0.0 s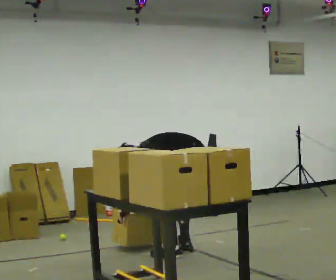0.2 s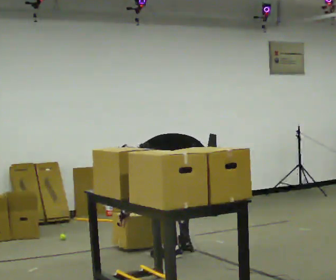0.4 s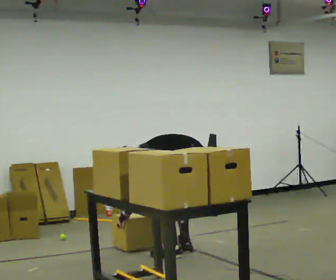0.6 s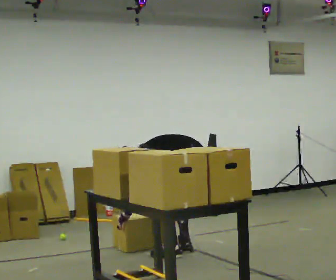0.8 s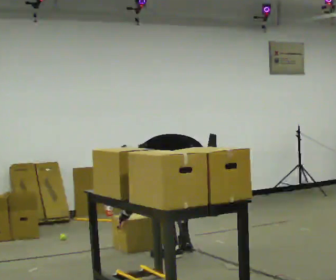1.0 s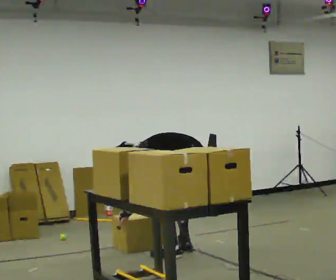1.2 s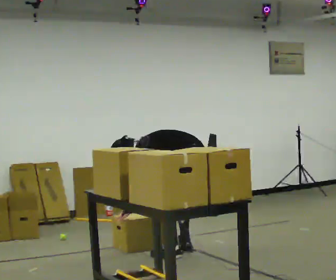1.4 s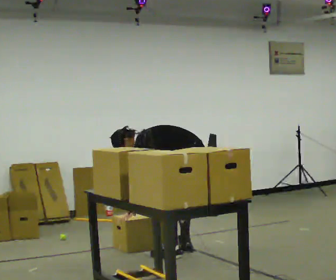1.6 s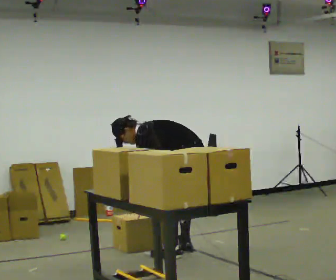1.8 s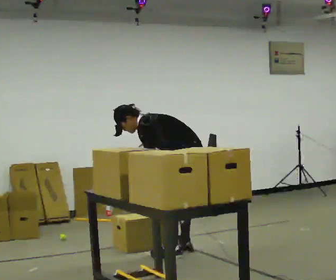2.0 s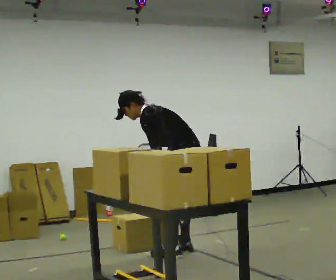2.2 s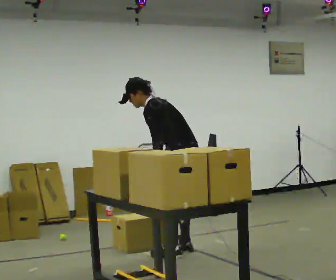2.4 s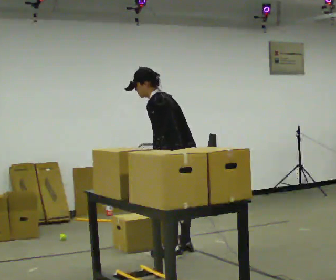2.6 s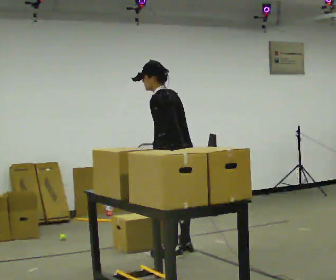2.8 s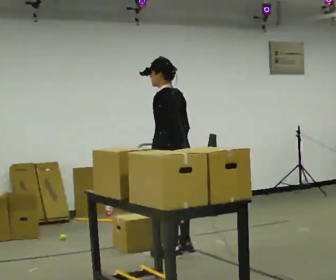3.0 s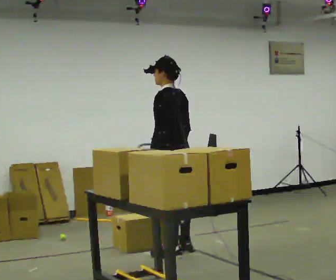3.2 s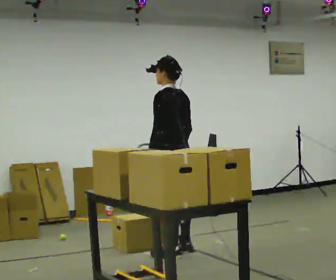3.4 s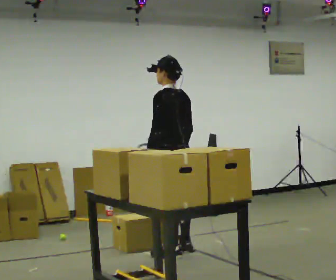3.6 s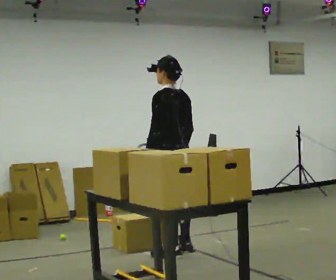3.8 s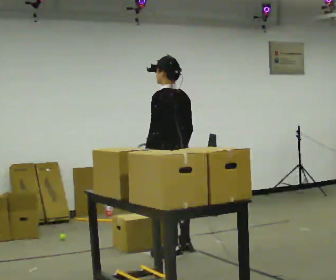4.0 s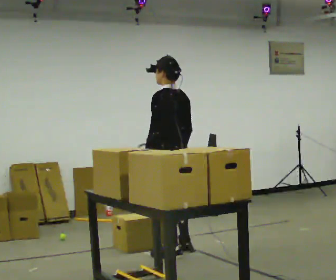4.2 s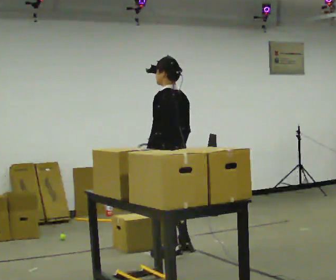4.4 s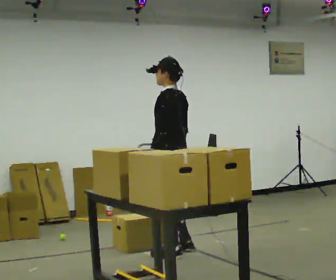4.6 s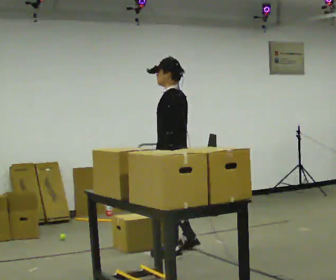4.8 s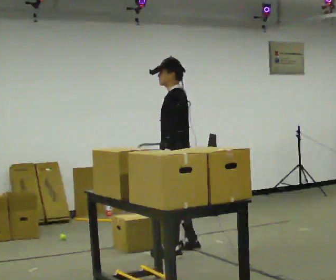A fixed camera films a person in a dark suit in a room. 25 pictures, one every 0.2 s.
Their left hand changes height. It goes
upward.
The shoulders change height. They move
upward.
0.0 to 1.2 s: The person moves a little, or ends about where they began.
1.2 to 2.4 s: The upper body goes upward. In the picture the upper body tilts clockwise, shoulders to the right, as they lean back or straighten. In the picture their left hand goes upward.
2.4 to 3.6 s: In the picture the upper body tilts clockwise, shoulders to the right, as they lean back or straighten.
3.6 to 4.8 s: The part of the body nearest the lens slides to the right as the person turns to their left by about 30 degrees.
The film runs forward here.
